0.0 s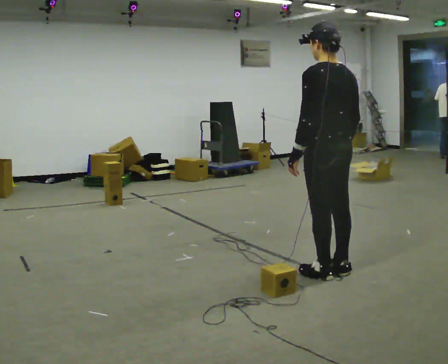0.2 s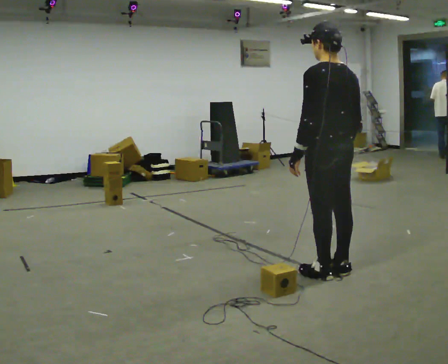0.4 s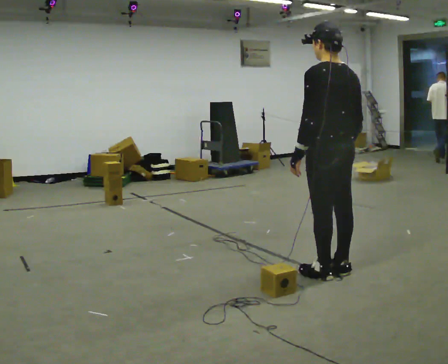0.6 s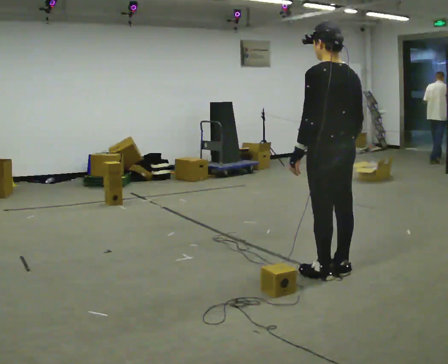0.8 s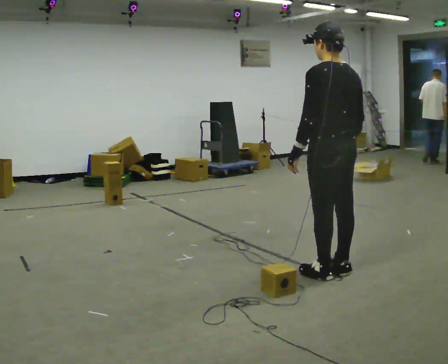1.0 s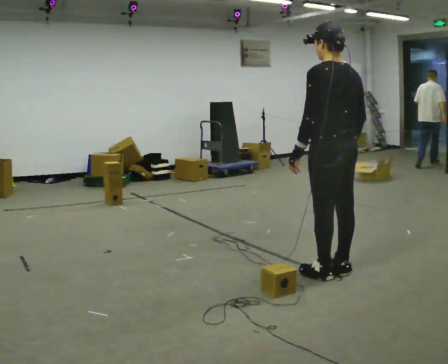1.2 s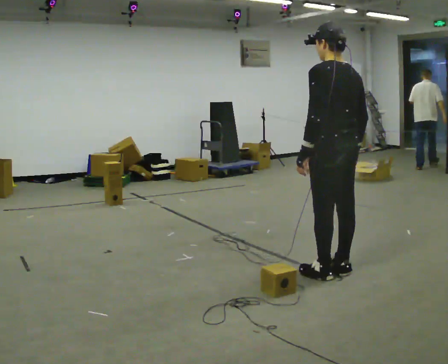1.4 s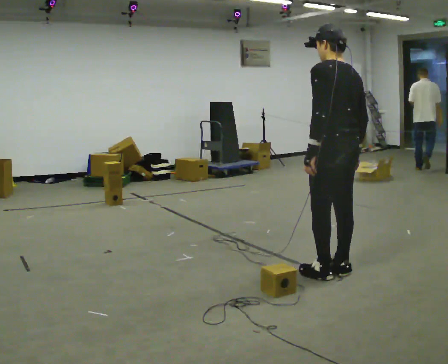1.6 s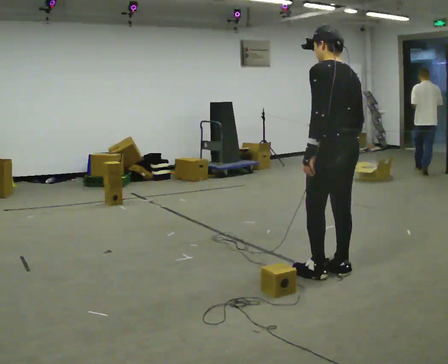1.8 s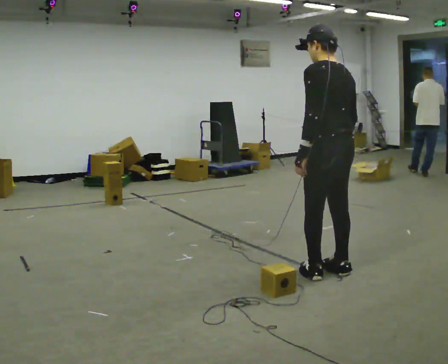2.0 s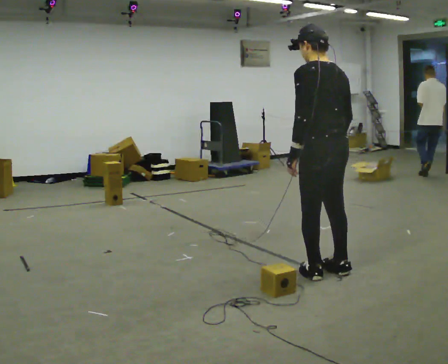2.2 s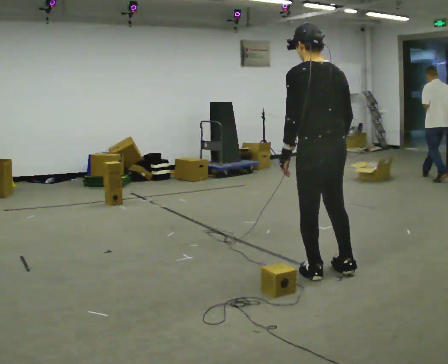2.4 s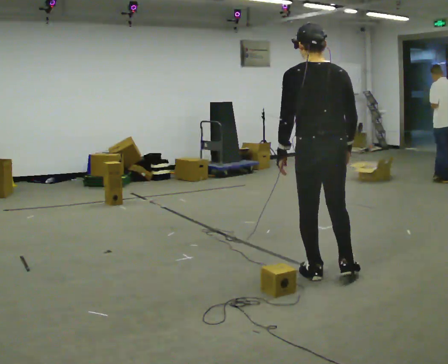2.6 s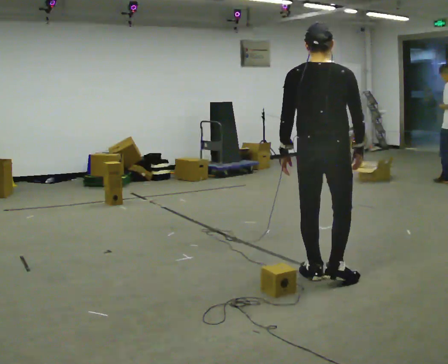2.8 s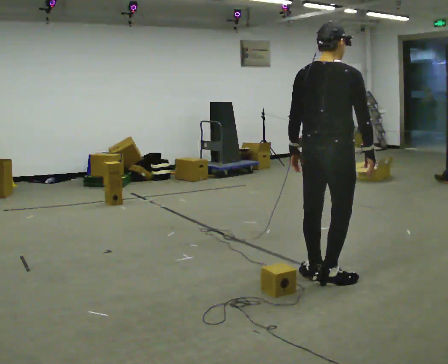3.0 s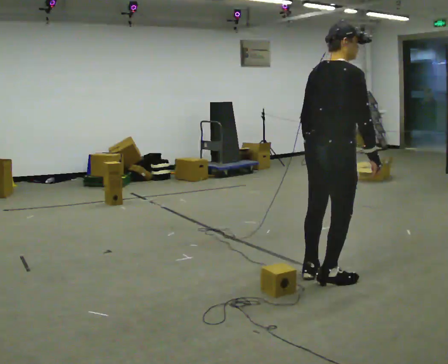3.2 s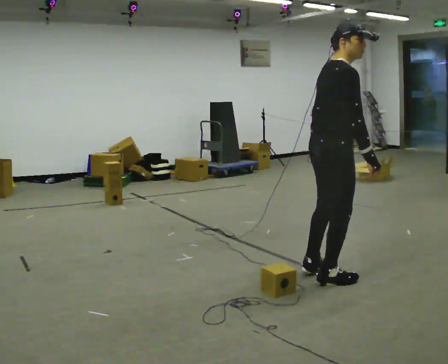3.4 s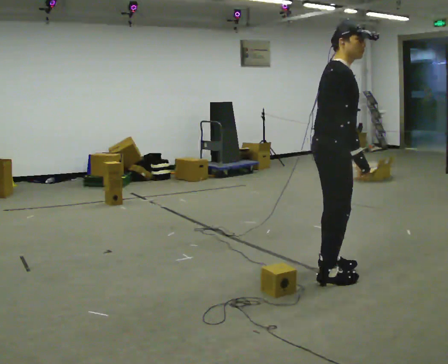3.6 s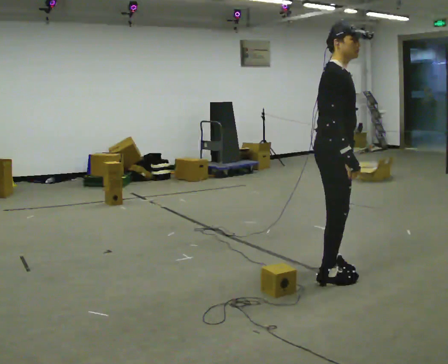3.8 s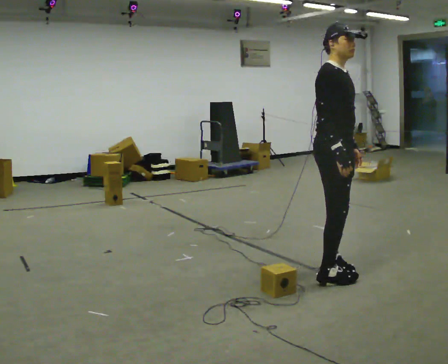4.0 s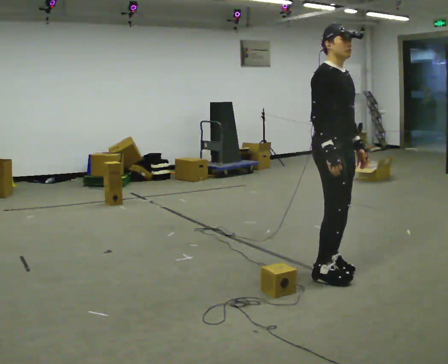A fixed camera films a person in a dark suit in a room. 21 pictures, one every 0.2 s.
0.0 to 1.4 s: The person moves a little, or ends about where they began.
1.4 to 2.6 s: The person turns about 45 degrees to their right, clockwise seen from above, so the part of the body nearest the lens slides to the left.
2.6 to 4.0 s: The person turns about 120 degrees to their right, clockwise seen from above, so the part of the body nearest the lens slides to the left. In the picture they go away from the camera, about 0.25 m in 2 steps. In the picture their left hand goes to the right, the arm swinging counterclockwise.
The film runs backward here.
